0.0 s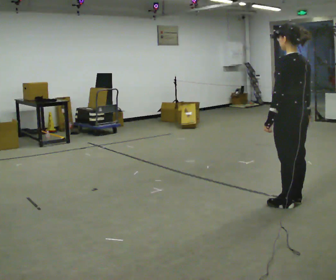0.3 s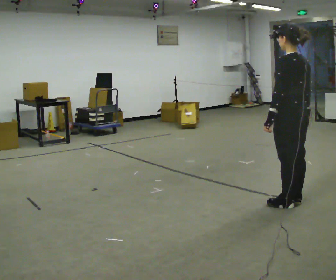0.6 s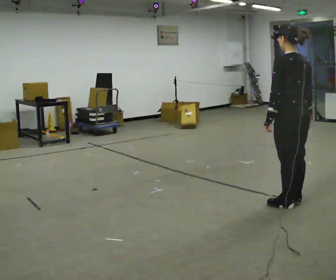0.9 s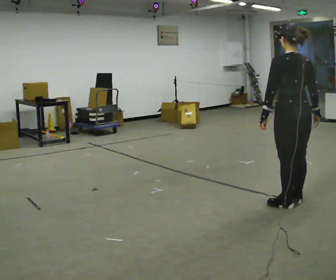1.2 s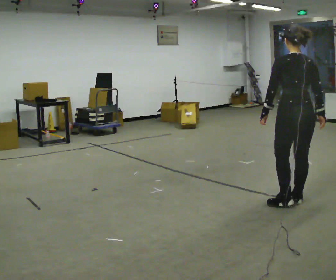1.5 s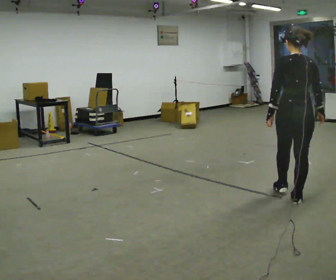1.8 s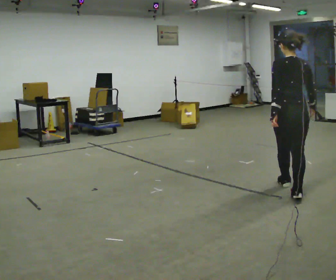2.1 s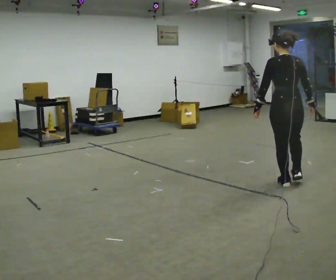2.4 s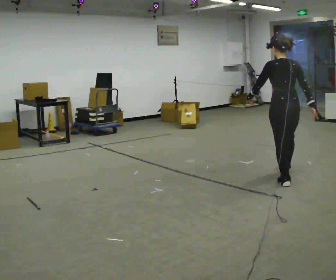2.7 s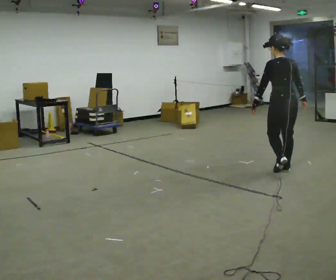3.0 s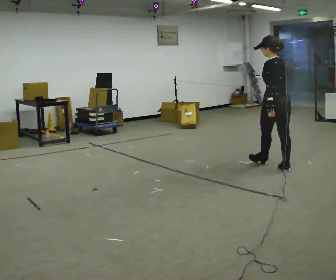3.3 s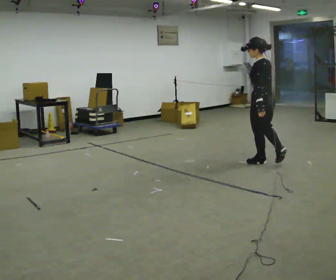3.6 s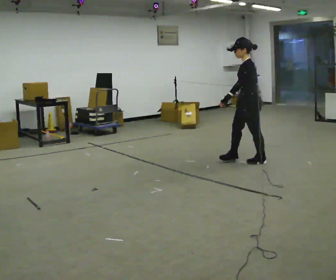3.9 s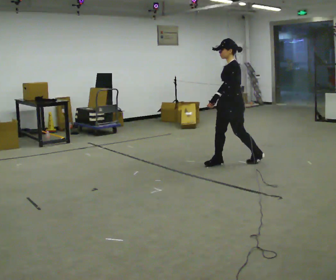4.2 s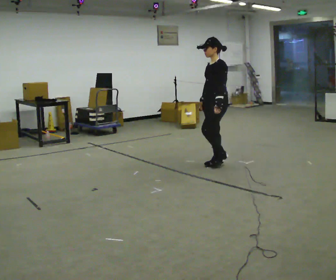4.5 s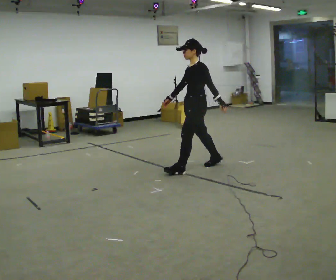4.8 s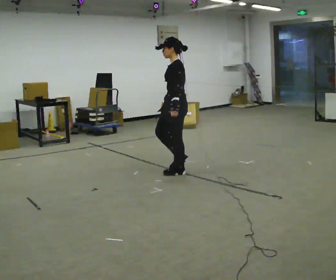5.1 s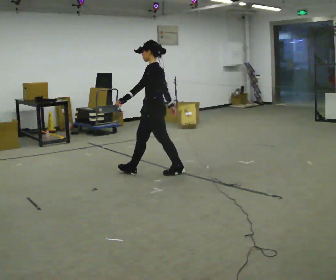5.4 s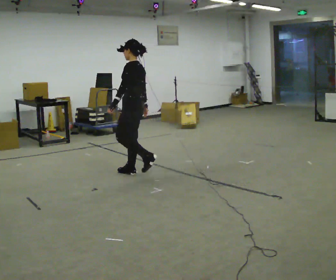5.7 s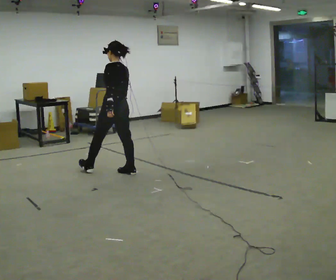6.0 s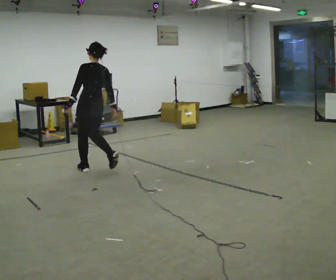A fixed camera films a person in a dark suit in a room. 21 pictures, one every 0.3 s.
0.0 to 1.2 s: The part of the body nearest the lens slides to the left as the person turns to their right by about 45 degrees.
1.2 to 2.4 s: In the picture they go away from the camera, about 0.5 m in 1 step, which for them is forward.
2.4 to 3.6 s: The part of the body nearest the lens slides to the right as the person turns to their left by about 90 degrees. In the picture they go away from the camera and to the left, about 0.5 m in 2 steps.
3.6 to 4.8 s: In the picture they go to the left and toward the camera, about 1 m in 2 steps, which for them is forward.
4.8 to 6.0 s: Seen from above the body turns clockwise, about 60 degrees: to their right, with its near side sliding to the left. In the picture they go to the left, about 1 m in 2 steps, which for them is forward.
The film runs forward here.
